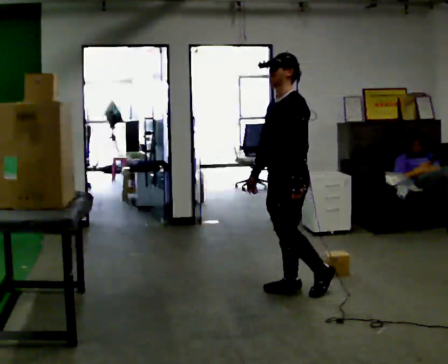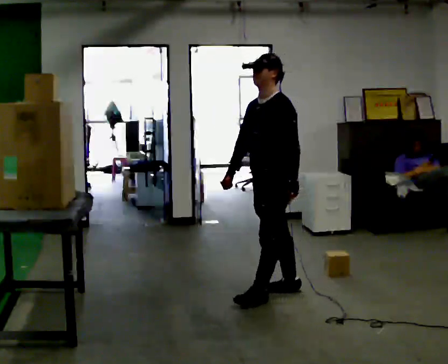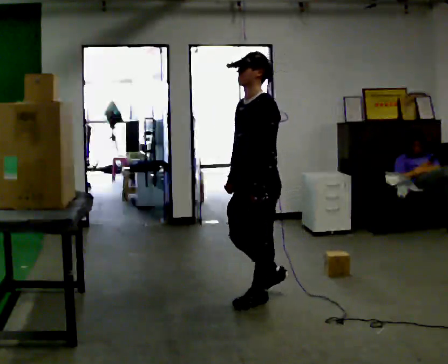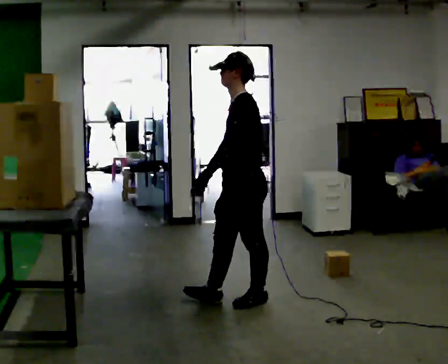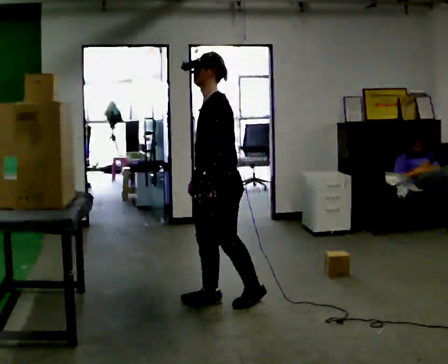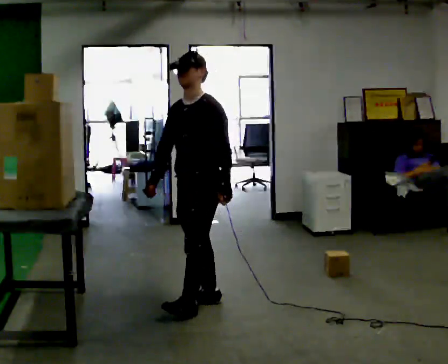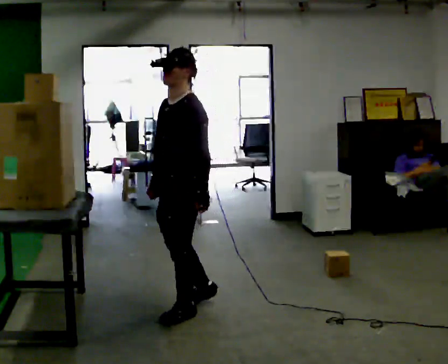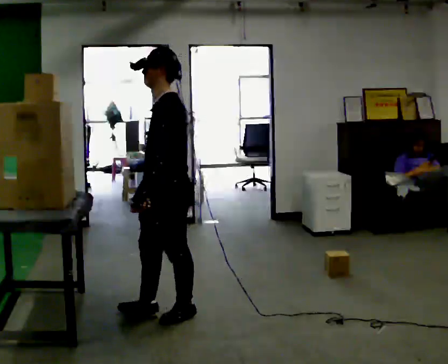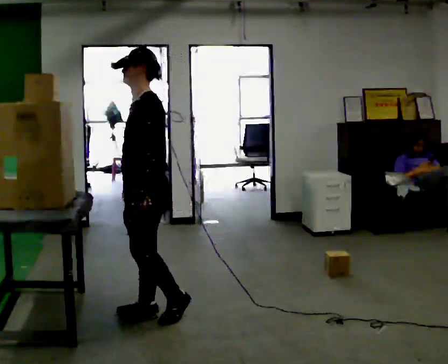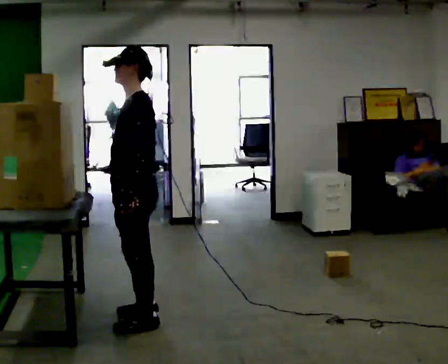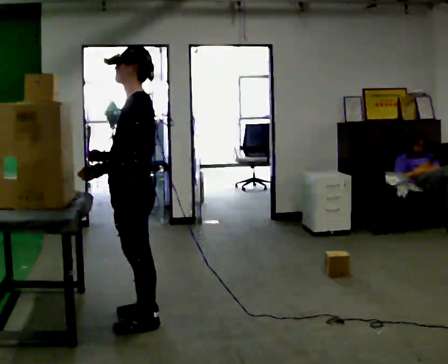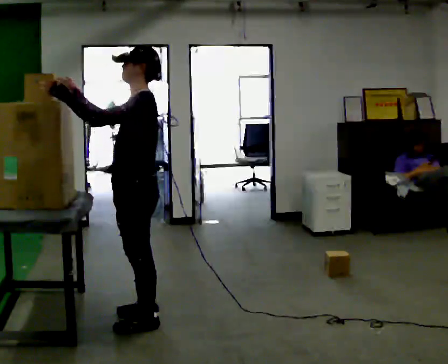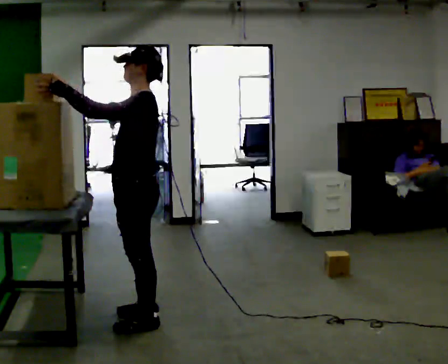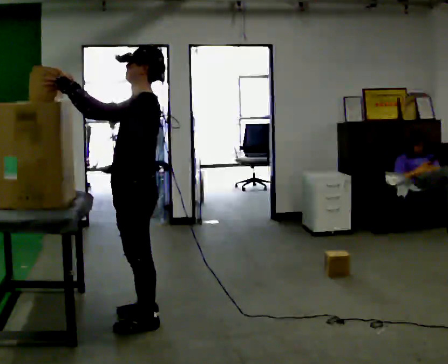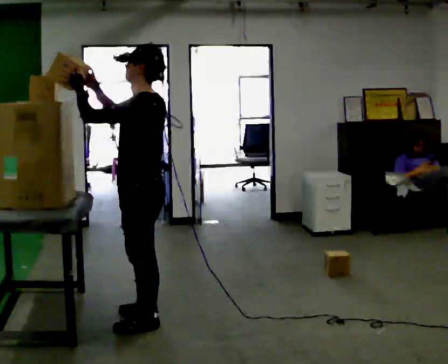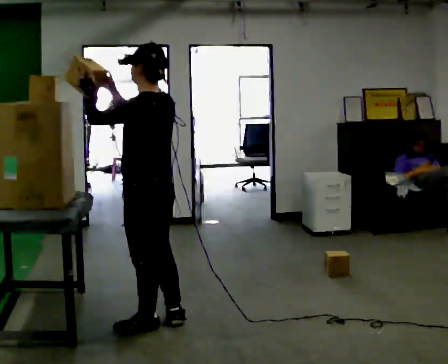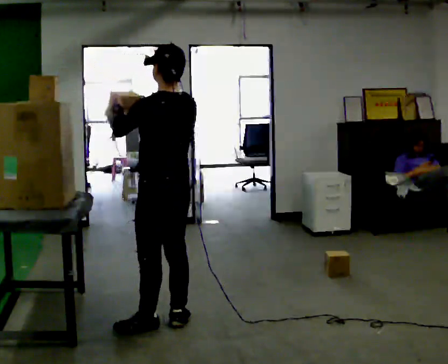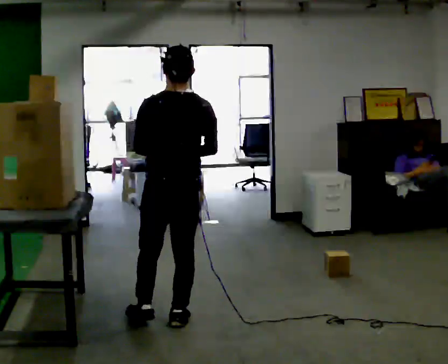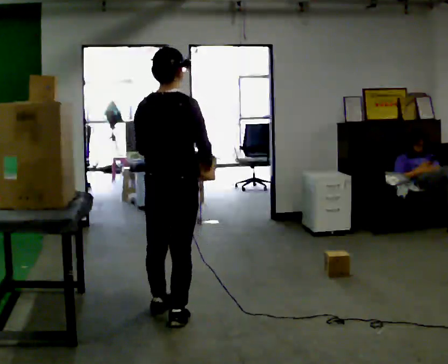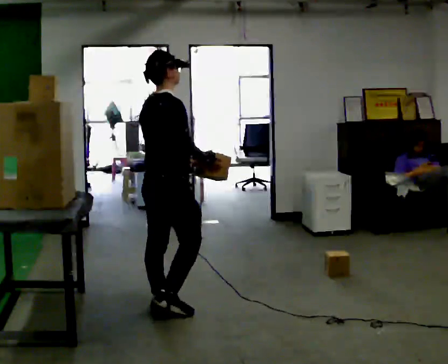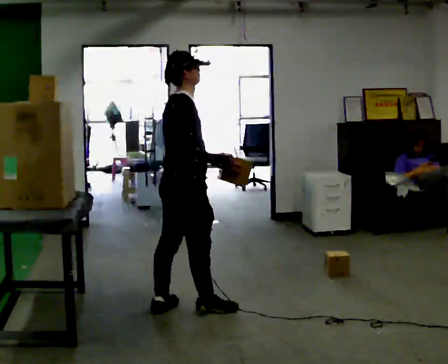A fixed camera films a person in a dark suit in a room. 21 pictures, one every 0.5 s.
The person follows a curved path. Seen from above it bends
counterclockwise.
0.0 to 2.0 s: In the picture they go to the left, about 0.5 m in 2 steps, which for them is forward.
2.0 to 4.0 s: In the picture they go to the left and toward the camera, about 0.5 m in 2 steps, which for them is forward.
4.0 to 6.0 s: In the picture their right hand goes upward and to the left, the arm swinging clockwise.
6.0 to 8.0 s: Seen from above the body turns clockwise, about 45 degrees: to their right, with its near side sliding to the left. In the picture they go to the right, about 0.25 m in 1 step, which for them is backward. In the picture their right hand goes to the right.
8.0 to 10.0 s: The person turns about 120 degrees to their right, clockwise seen from above, so the part of the body nearest the lens slides to the left. In the picture they go away from the camera, about 0.25 m in 2 steps.
The film runs forward here.
